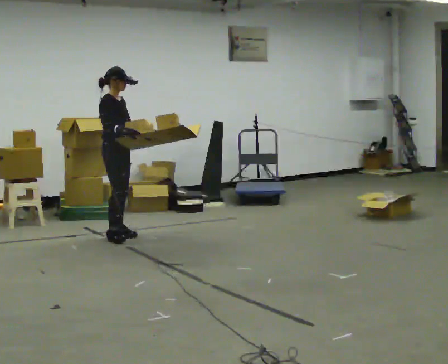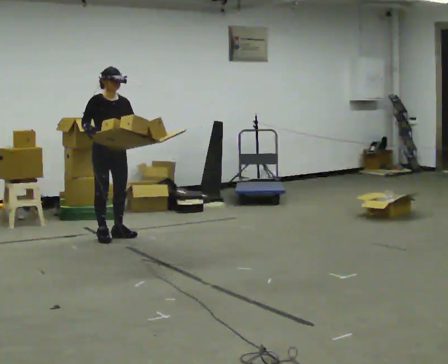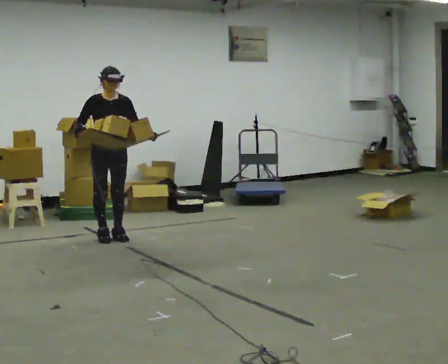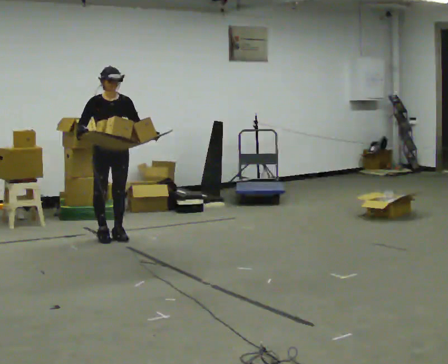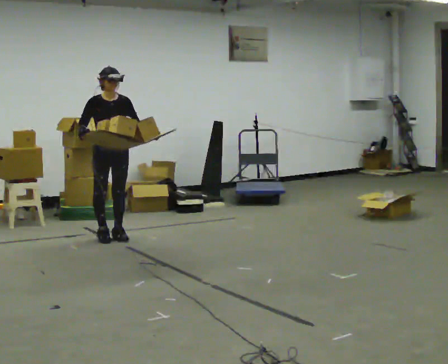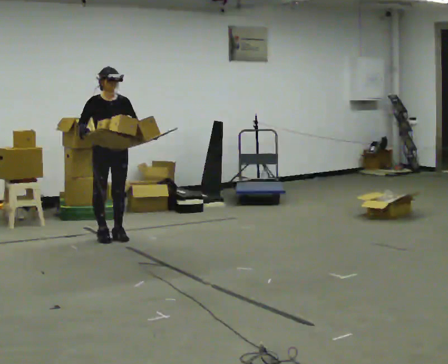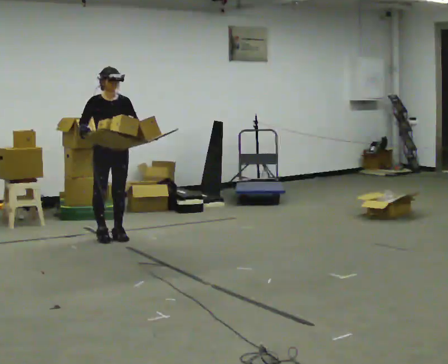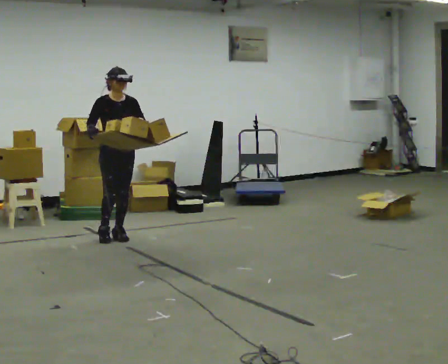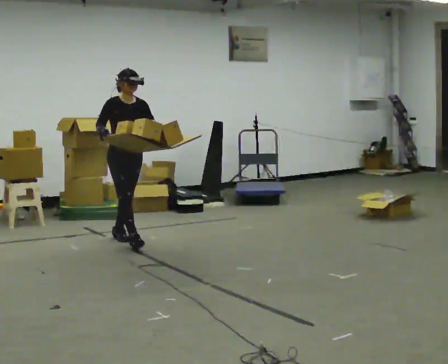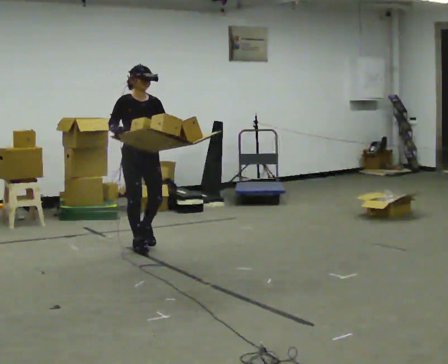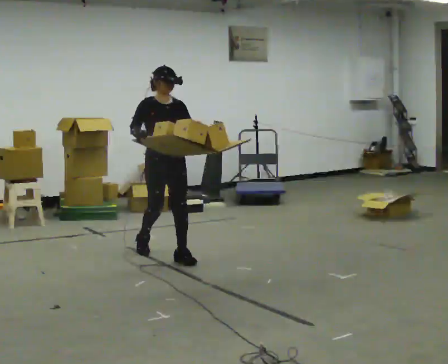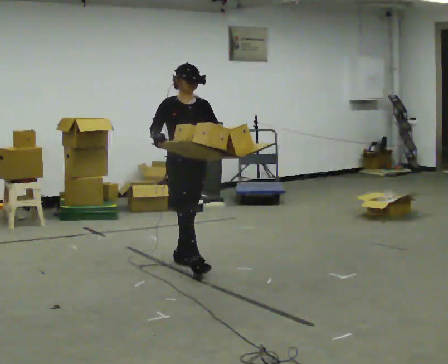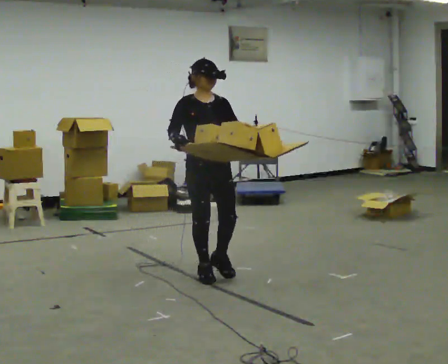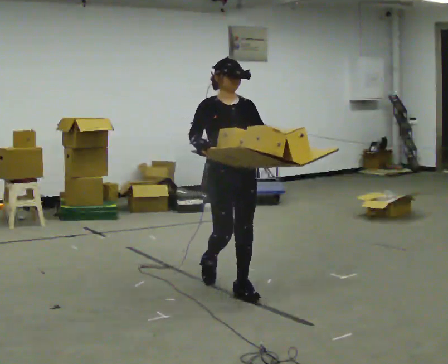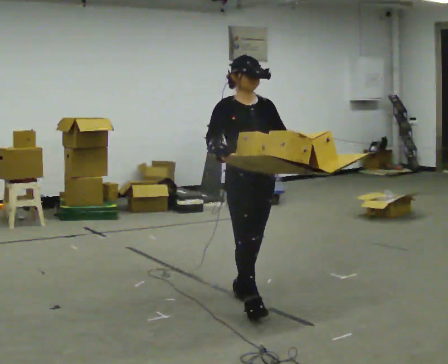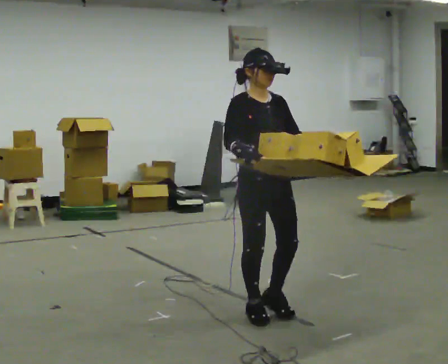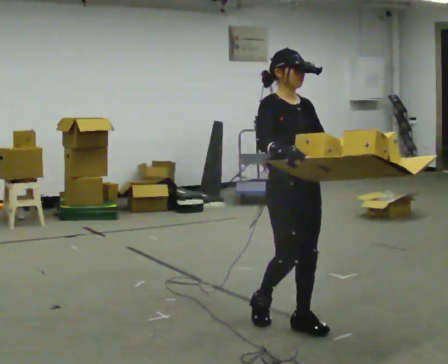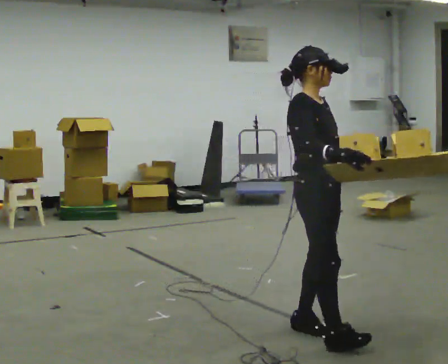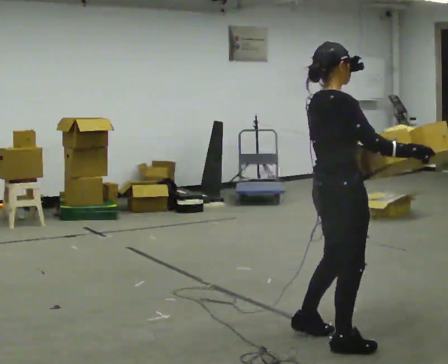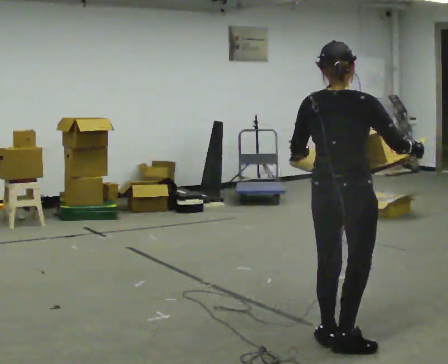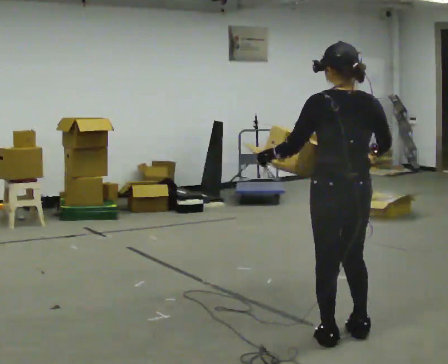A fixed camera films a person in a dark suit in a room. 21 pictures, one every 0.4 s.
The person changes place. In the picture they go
toward the camera.
0.0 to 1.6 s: Seen from above the body turns clockwise, about 45 degrees: to their right, with its near side sliding to the left. In the picture their right hand goes to the left.
1.6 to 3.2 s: In the picture they go toward the camera and to the right, about 0.25 m, which for them is forward.
3.2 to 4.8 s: In the picture they go toward the camera and to the right, about 1.5 m in 3 steps, which for them is forward.
4.8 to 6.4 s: In the picture they go toward the camera and to the right, about 1 m in 3 steps, which for them is forward.
6.4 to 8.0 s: The person turns about 150 degrees to their left, counterclockwise seen from above, so the part of the body nearest the lens slides to the right. In the picture they go toward the camera and to the right, about 0.5 m in 2 steps.
The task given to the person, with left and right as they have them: Carry the loaded tray flat and level in both hands, walking back and forth across the room. Try not to let anything slide off.
The film runs forward here.
